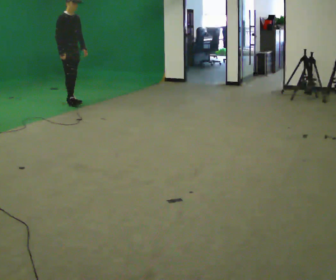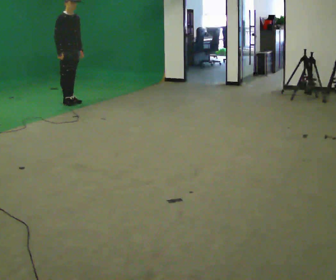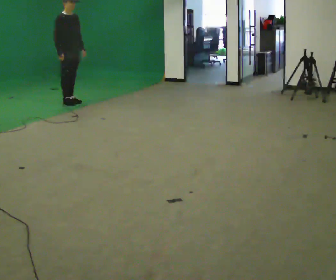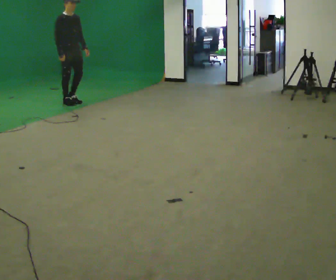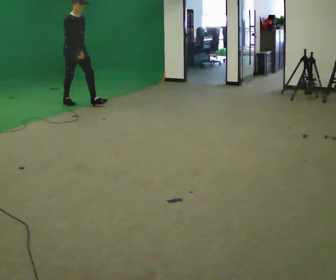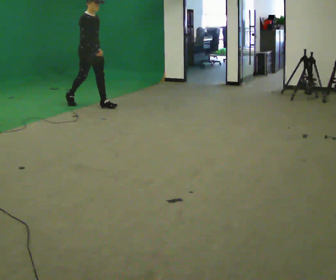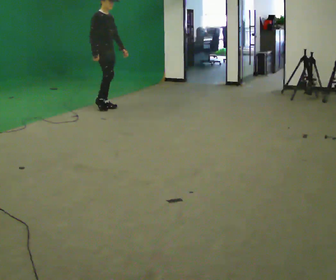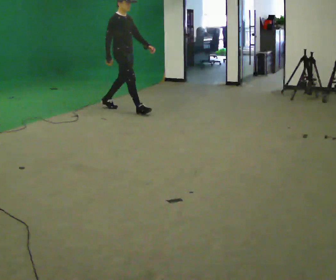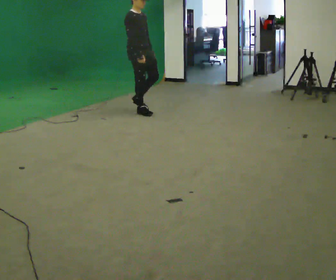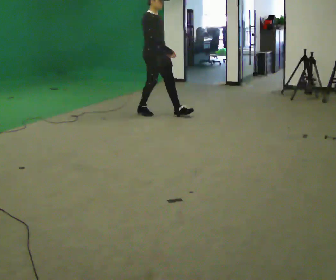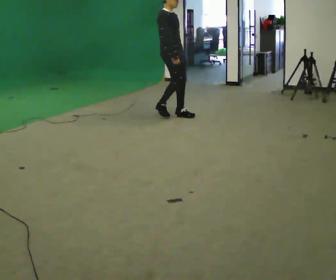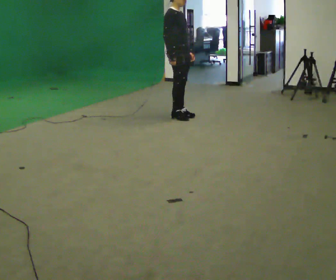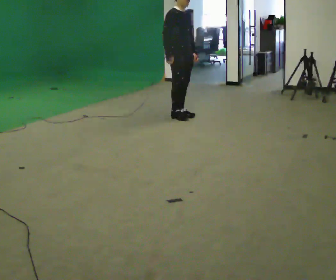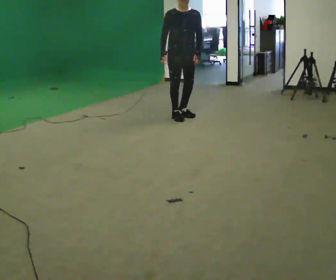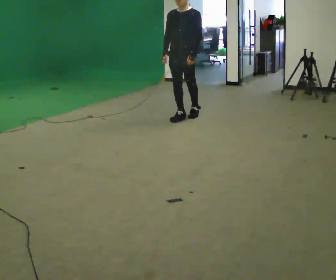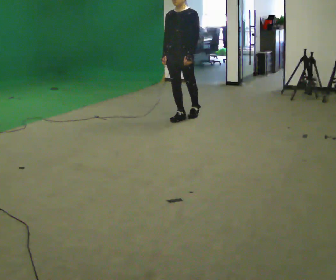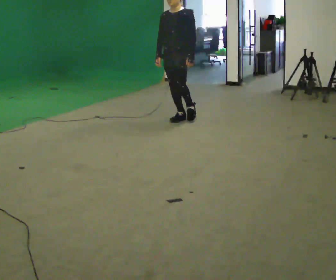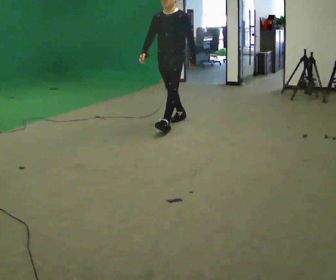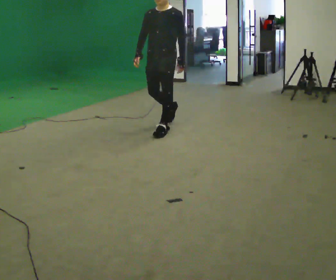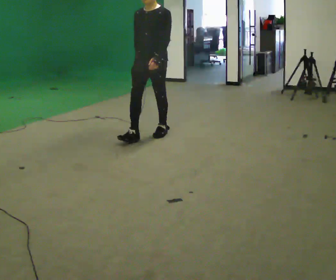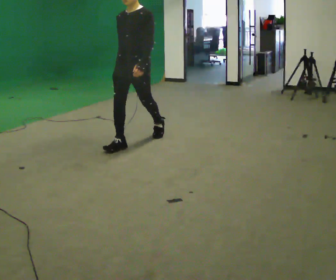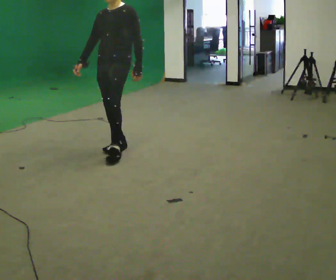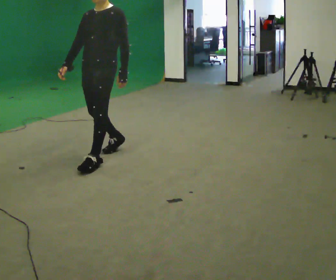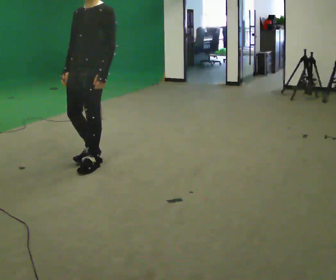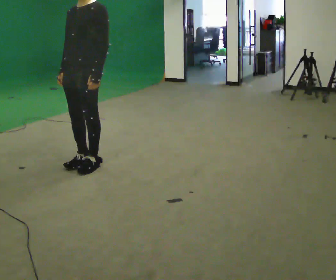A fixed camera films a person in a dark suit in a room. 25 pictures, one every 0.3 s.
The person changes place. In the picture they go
toward the camera.
0.0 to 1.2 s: In the picture they go to the right, about 0.25 m in 1 step, which for them is forward.
1.2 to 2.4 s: In the picture they go to the right and toward the camera, about 1 m in 2 steps, which for them is forward.
2.4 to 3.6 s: In the picture they go to the right and toward the camera, about 0.5 m in 2 steps, which for them is forward.
3.6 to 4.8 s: Seen from above the body turns clockwise, about 90 degrees: to their right, with its near side sliding to the left. In the picture they go toward the camera, about 0.25 m in 1 step.
4.8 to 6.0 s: In the picture they go toward the camera and to the left, about 1 m in 2 steps, which for them is forward.
6.0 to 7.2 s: In the picture they go toward the camera and to the left, about 1 m in 2 steps, which for them is forward.
The film runs forward here.
